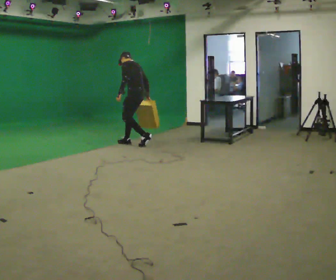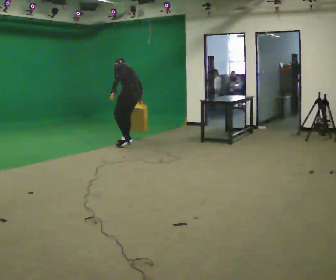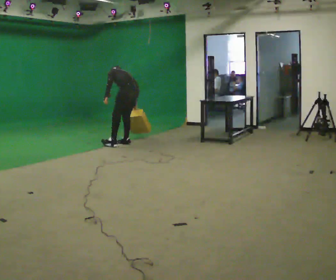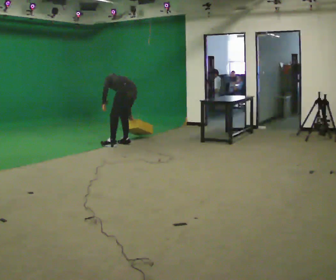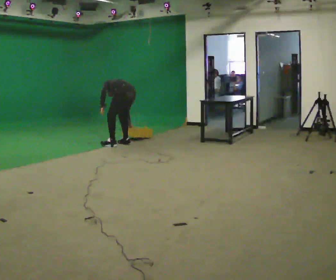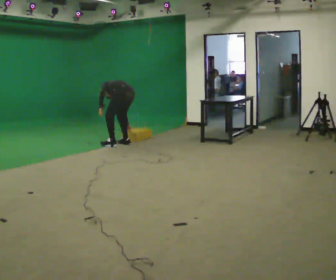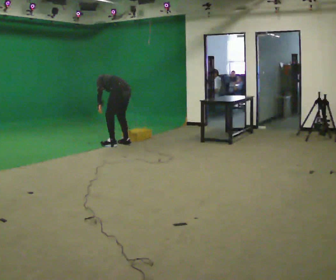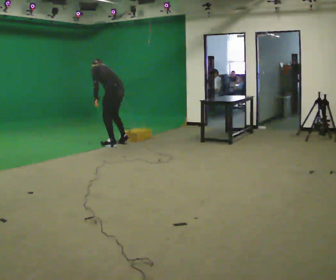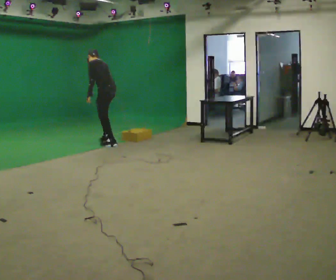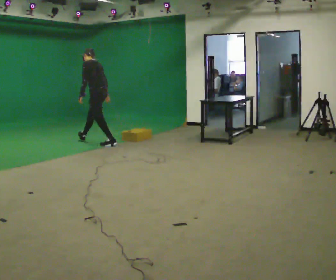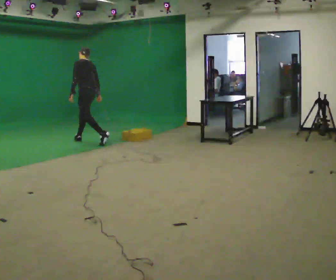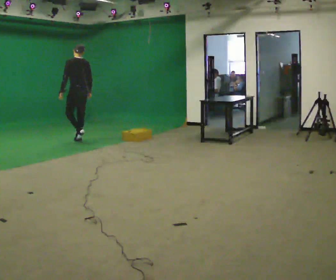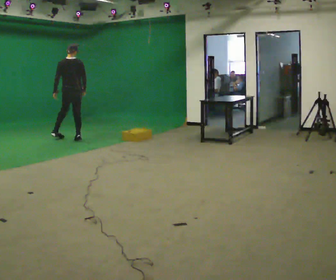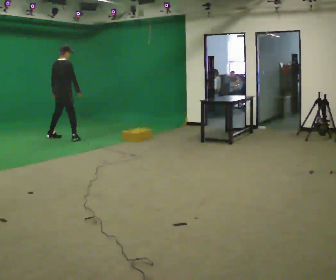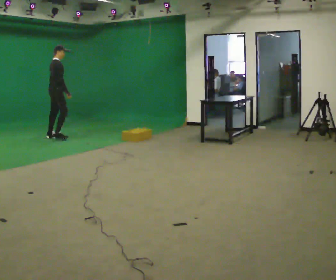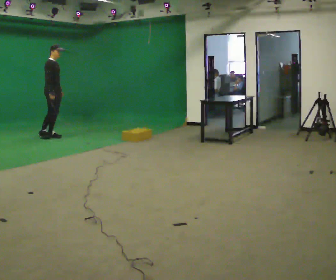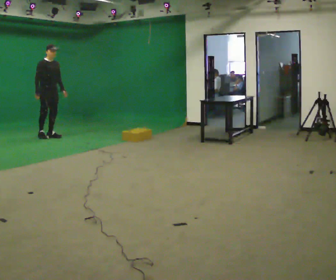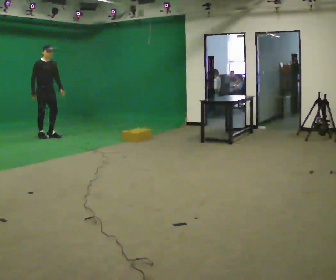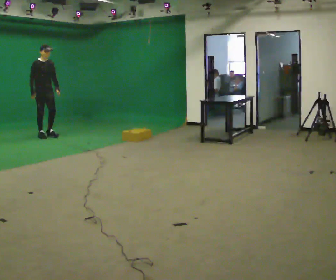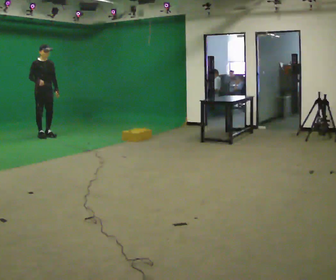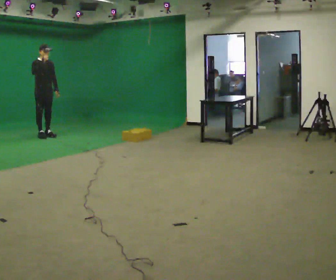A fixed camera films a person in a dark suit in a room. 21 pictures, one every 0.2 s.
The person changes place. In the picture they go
to the left.
0.0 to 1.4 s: In the picture they go to the left, about 0.25 m in 1 step, which for them is to their left and forward.
1.4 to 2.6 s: The person turns about 105 degrees to their right, clockwise seen from above, so the part of the body nearest the lens slides to the left. In the picture they go to the left and away from the camera, about 1 m in 2 steps. In the picture the upper body tilts clockwise, shoulders to the right, as they lean back or straighten.
2.6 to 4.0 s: The person turns about 90 degrees to their right, clockwise seen from above, so the part of the body nearest the lens slides to the left. In the picture they go to the left and away from the camera, about 0.5 m in 2 steps. In the picture their right hand goes upward.
The film runs forward here.
